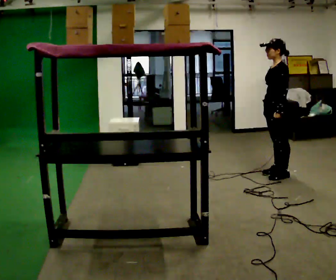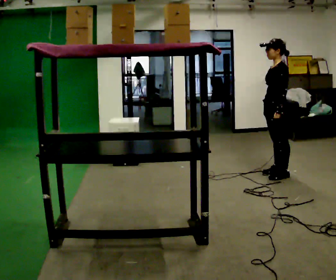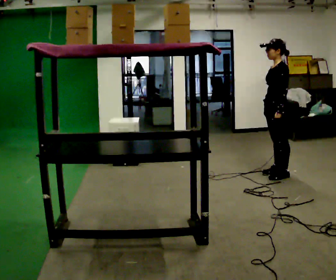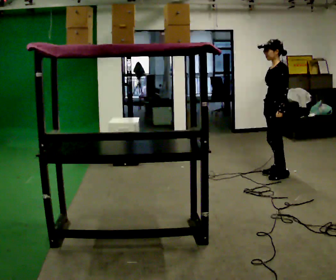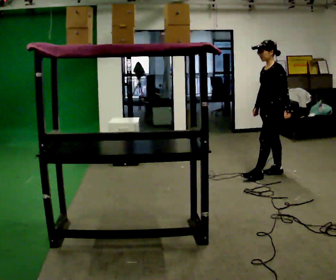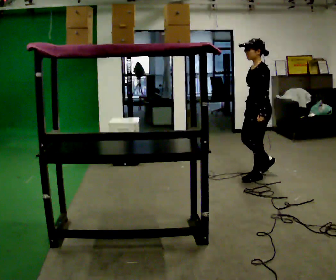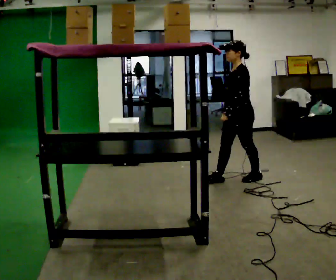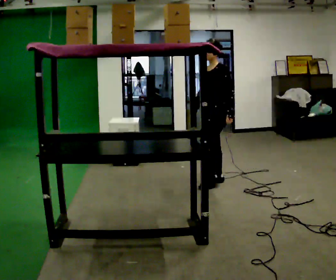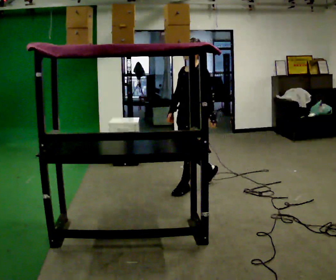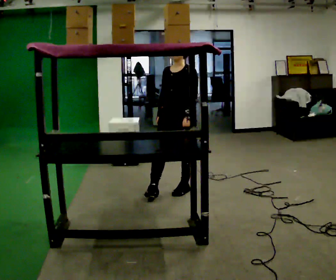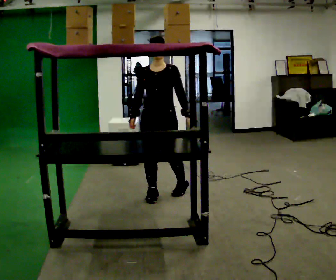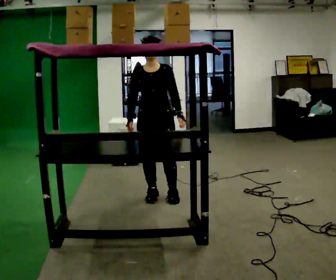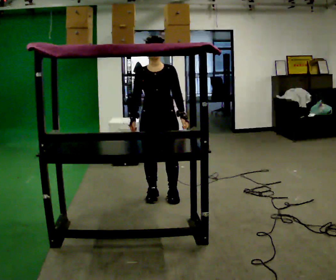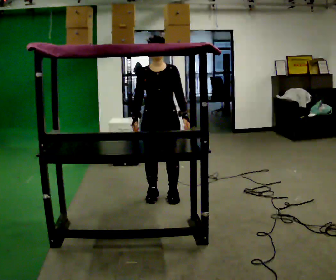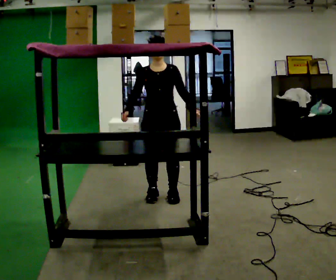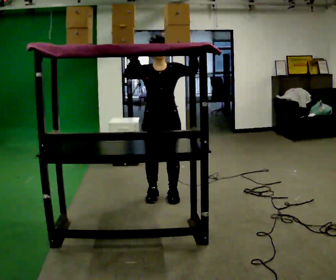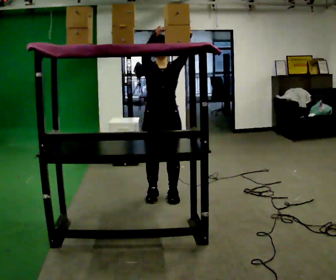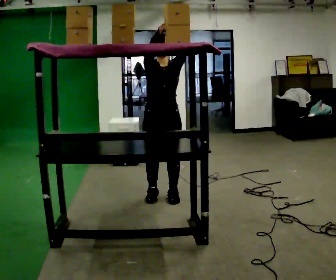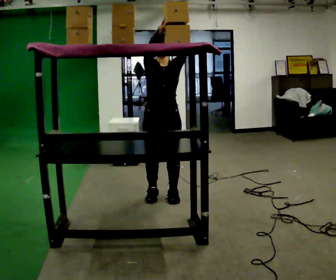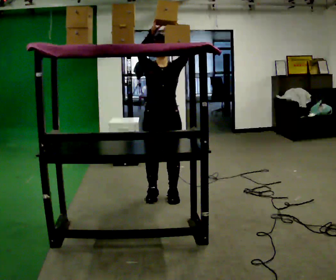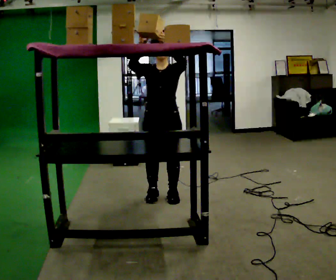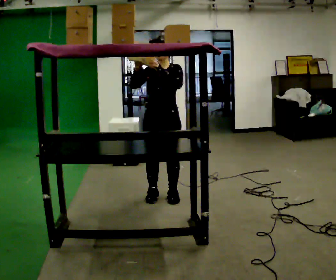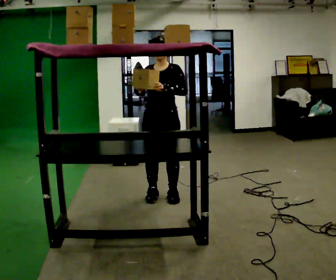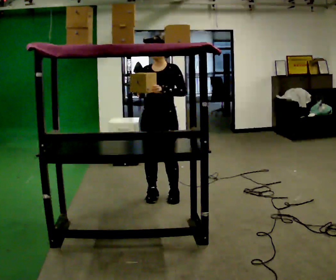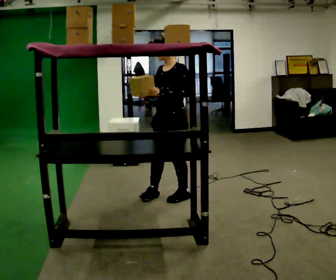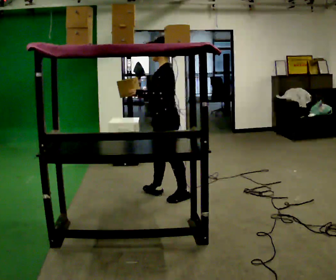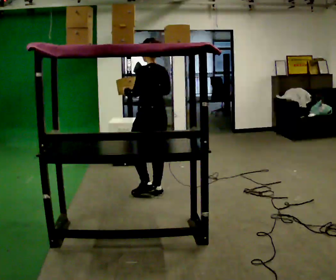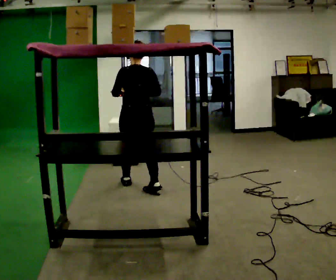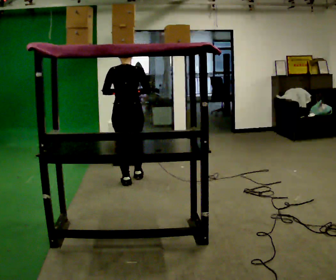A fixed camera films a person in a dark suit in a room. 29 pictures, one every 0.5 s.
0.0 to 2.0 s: The person moves a little, or ends about where they began.
2.0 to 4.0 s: In the picture they go to the left, about 1 m in 3 steps, which for them is forward.
4.0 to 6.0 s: The part of the body nearest the lens slides to the right as the person turns to their left by about 60 degrees. In the picture they go to the left and toward the camera, about 0.5 m in 2 steps.
6.0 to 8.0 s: In the picture their right hand goes upward.
8.0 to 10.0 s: The person moves a little, or ends about where they began.
10.0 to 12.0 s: The person turns about 45 degrees to their right, clockwise seen from above, so the part of the body nearest the lens slides to the left. In the picture their right hand goes downward.
12.0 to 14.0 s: The person turns about 135 degrees to their right, clockwise seen from above, so the part of the body nearest the lens slides to the left. In the picture they go away from the camera and to the left, about 0.5 m in 1 step.
The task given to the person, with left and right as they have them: Take an object down from the highest shelf you can comfortably reach, carry it across, and place it on the waist-height shelf. Keep going until the operator says stop; one object at a time, and do not rush between trips.
The film runs forward here.
